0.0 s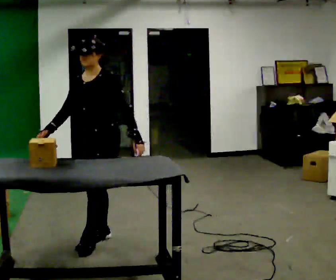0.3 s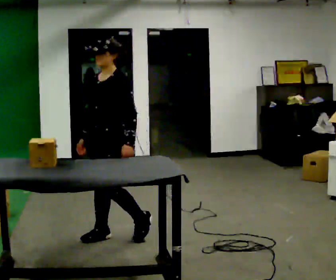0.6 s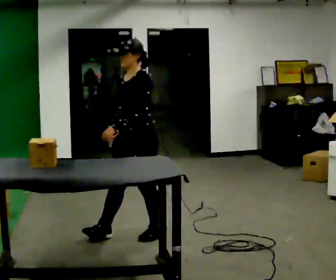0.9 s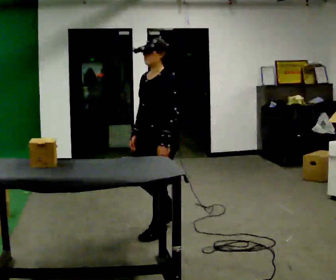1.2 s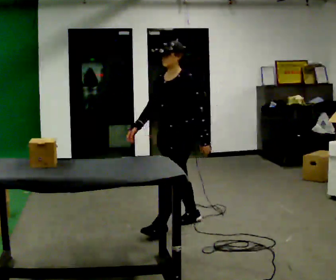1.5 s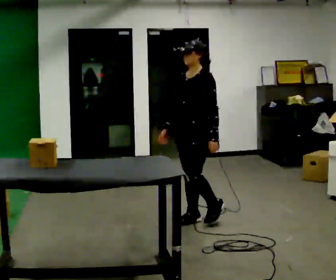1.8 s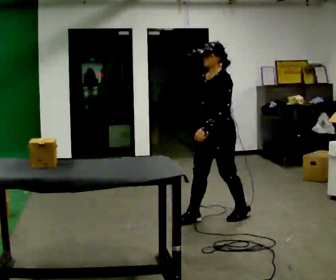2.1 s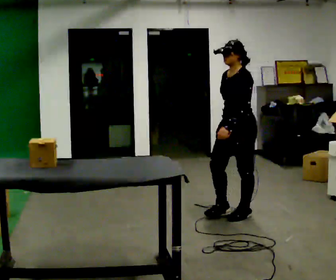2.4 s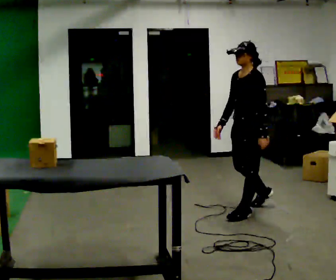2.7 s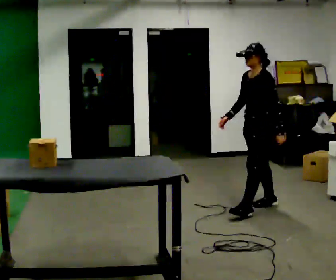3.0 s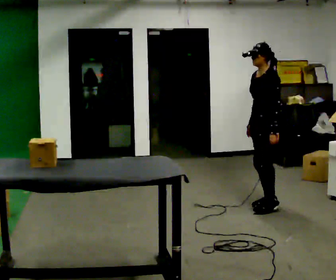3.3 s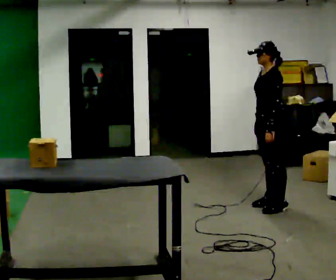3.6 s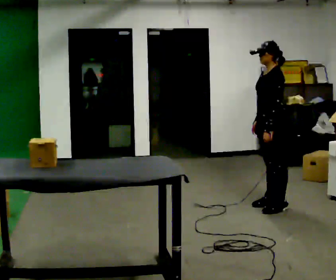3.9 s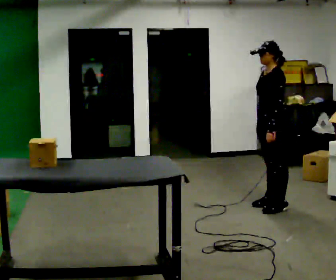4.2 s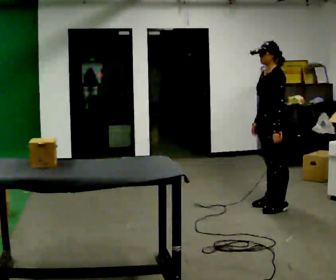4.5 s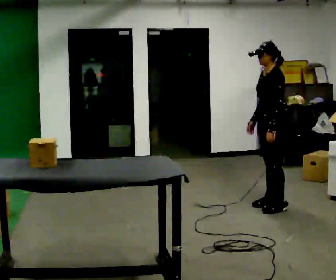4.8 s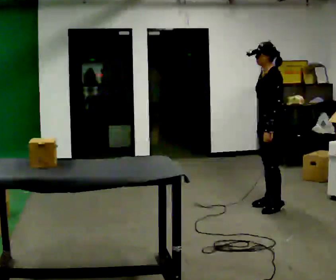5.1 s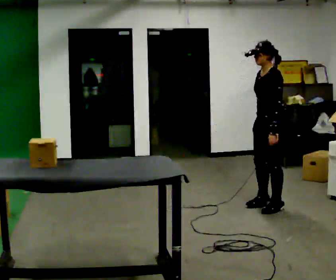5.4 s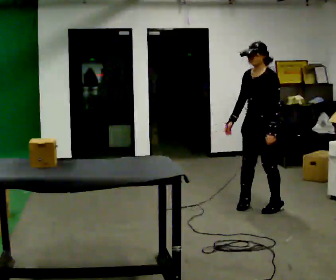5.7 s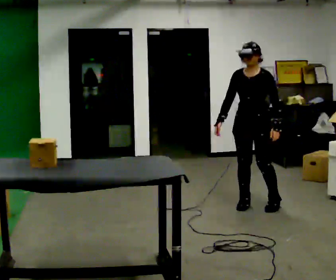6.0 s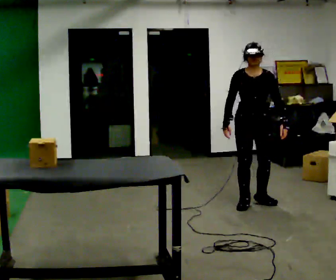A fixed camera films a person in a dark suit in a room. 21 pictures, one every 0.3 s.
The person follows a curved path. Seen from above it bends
counterclockwise.
0.0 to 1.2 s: In the picture they go away from the camera and to the right, about 0.75 m in 1 step, which for them is backward.
1.2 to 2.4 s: In the picture they go to the right and away from the camera, about 1 m in 2 steps, which for them is backward.
2.4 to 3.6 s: In the picture they go away from the camera and to the right, about 0.25 m in 1 step, which for them is backward.
3.6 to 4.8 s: The person moves a little, or ends about where they began.
4.8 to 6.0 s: The part of the body nearest the lens slides to the right as the person turns to their left by about 90 degrees. In the picture they go to the left, about 0.25 m in 2 steps.
The film runs backward here.
